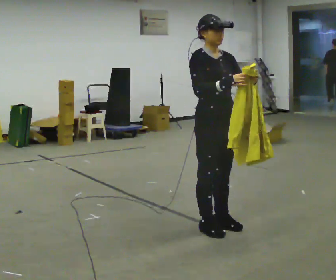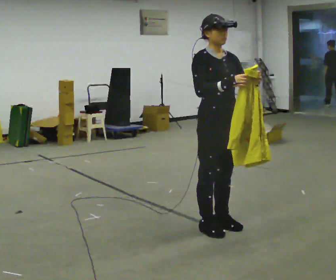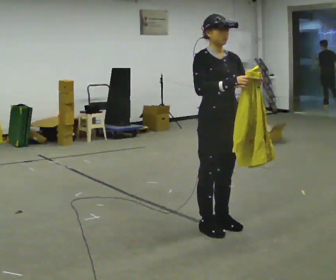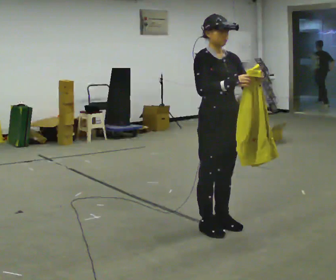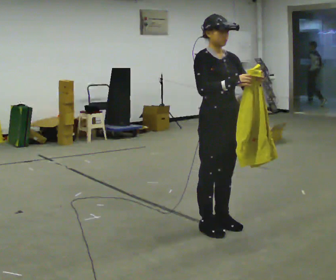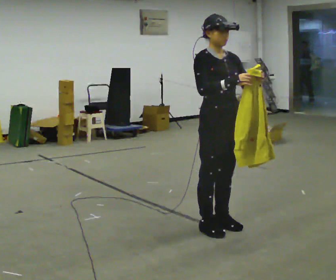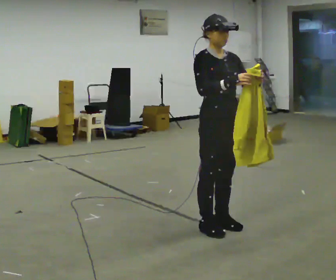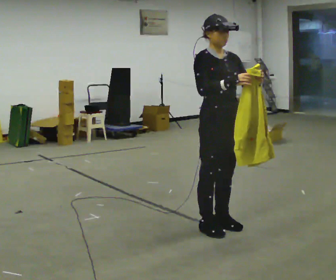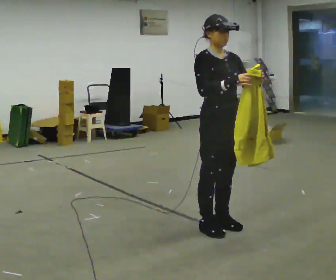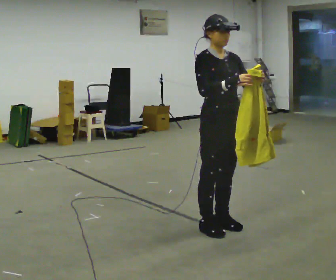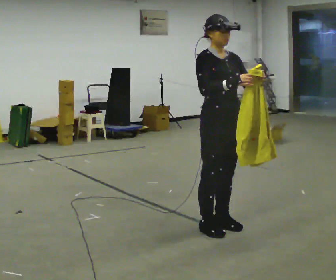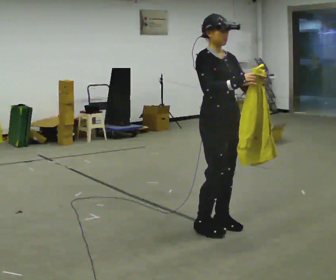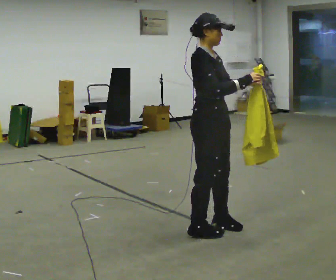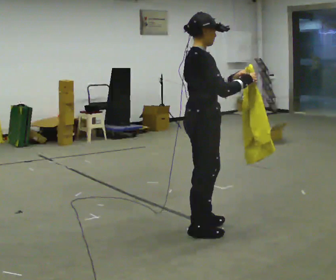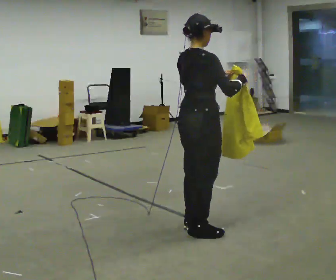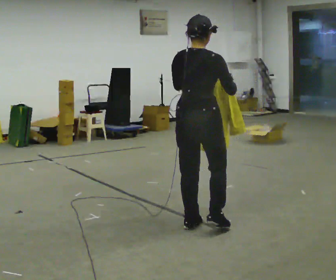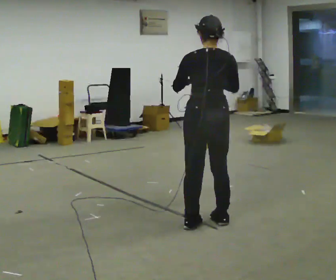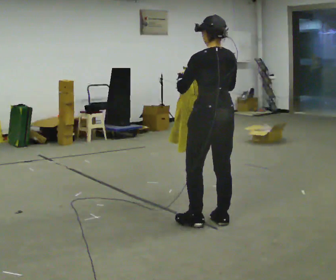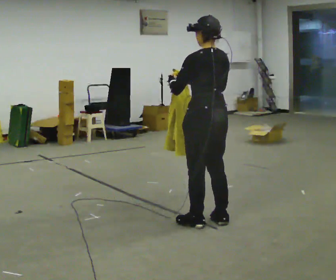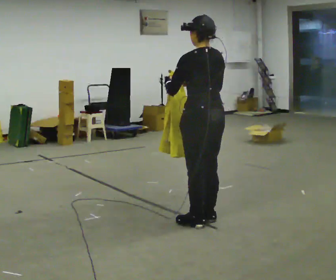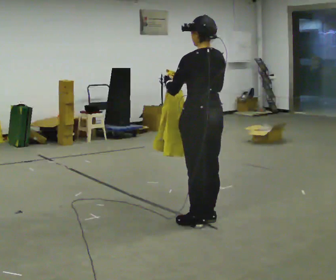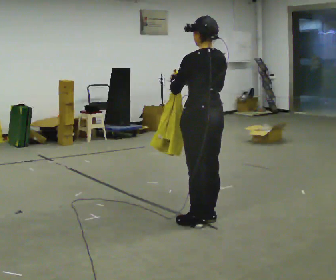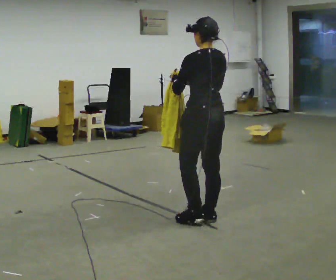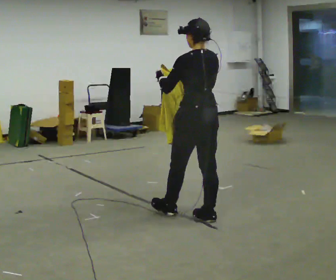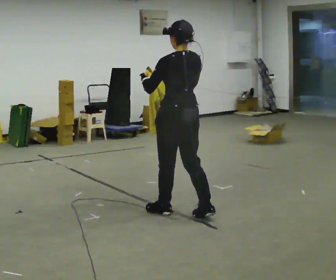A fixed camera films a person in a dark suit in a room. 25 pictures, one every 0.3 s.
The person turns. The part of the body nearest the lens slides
to the right.
The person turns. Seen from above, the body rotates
counterclockwise.
0.0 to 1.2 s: The person moves a little, or ends about where they began.
1.2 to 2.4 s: The person keeps their place and pose.
2.4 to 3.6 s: The person turns about 30 degrees to their left, counterclockwise seen from above, so the part of the body nearest the lens slides to the right.
3.6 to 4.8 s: The person turns about 120 degrees to their left, counterclockwise seen from above, so the part of the body nearest the lens slides to the right.
4.8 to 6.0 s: Seen from above the body turns counterclockwise, about 30 degrees: to their left, with its near side sliding to the right.
6.0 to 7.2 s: In the picture they go to the left and away from the camera, about 0.25 m in 1 step, which for them is forward.
The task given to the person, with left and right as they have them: Carry the cloth and, while walking, fold it in half, then unfold it. Keep repeating as you walk. Do not stop.
The film runs forward here.
